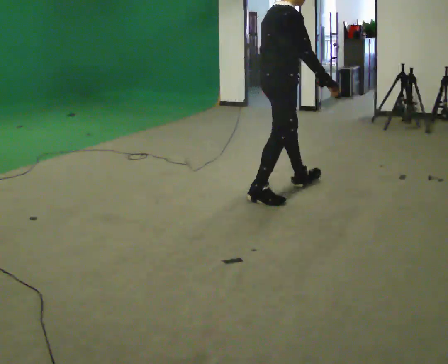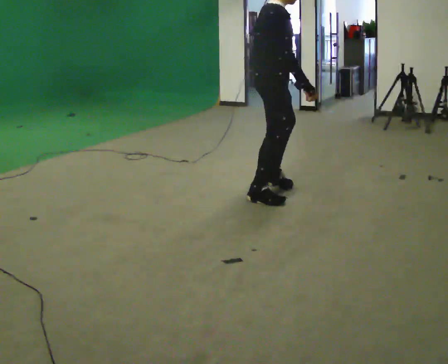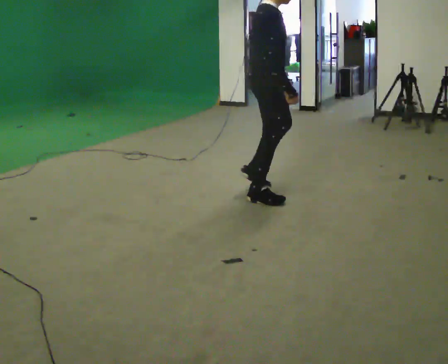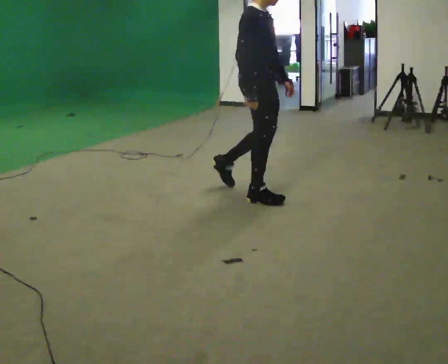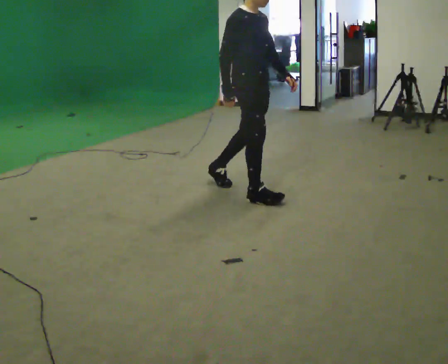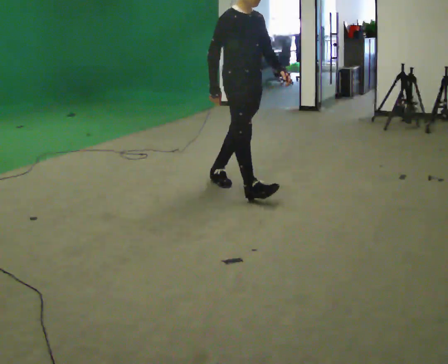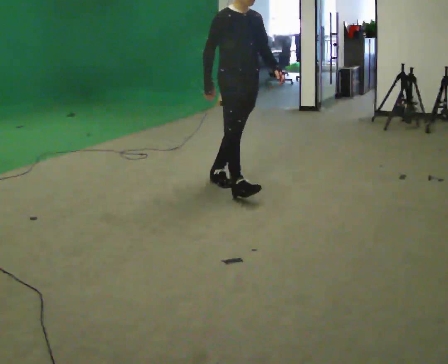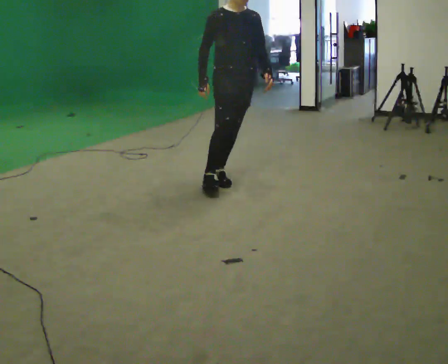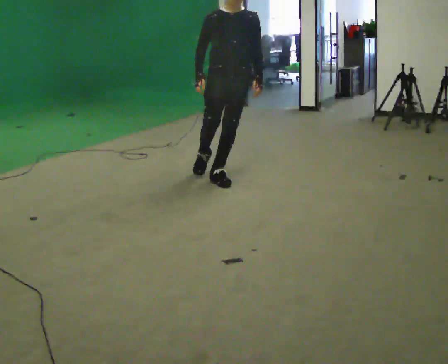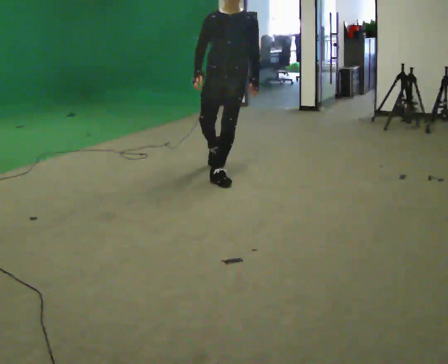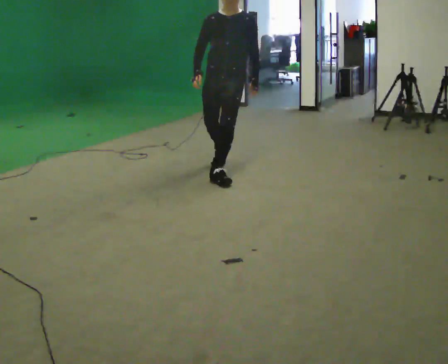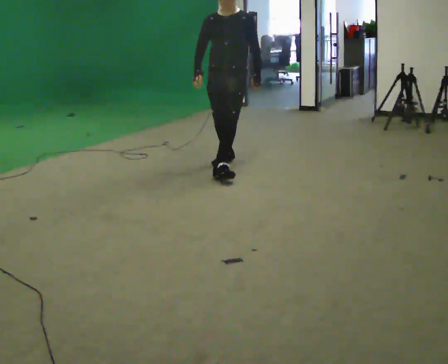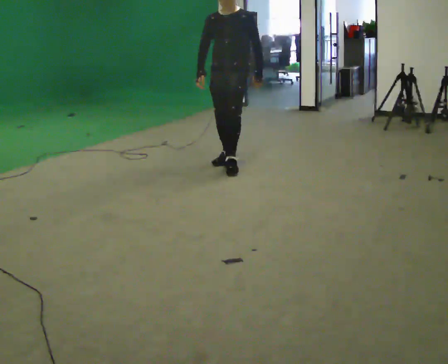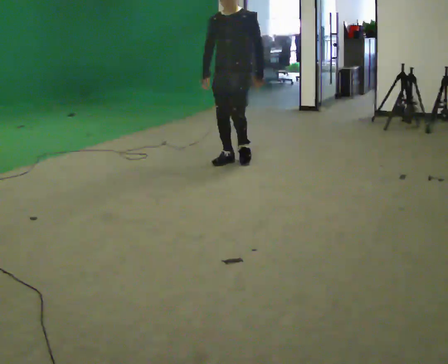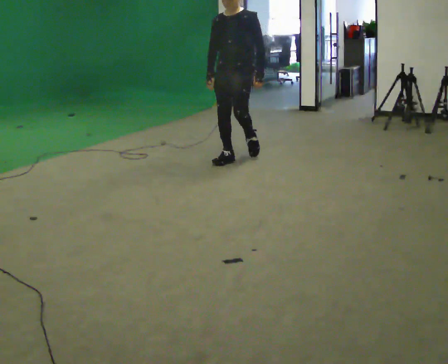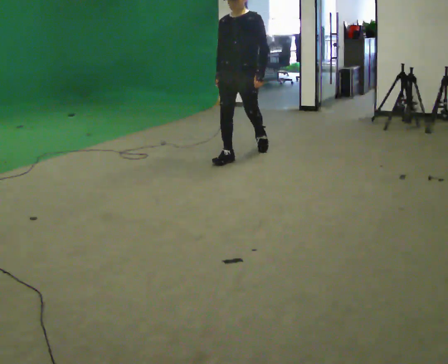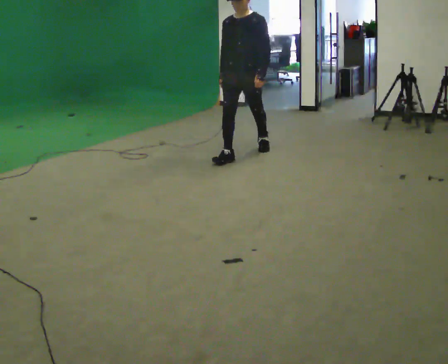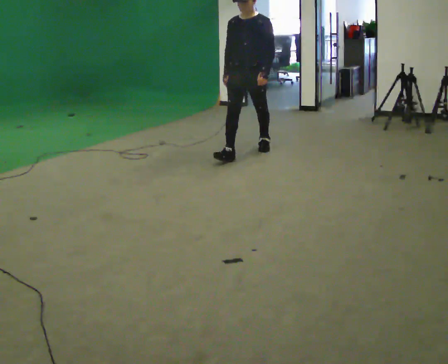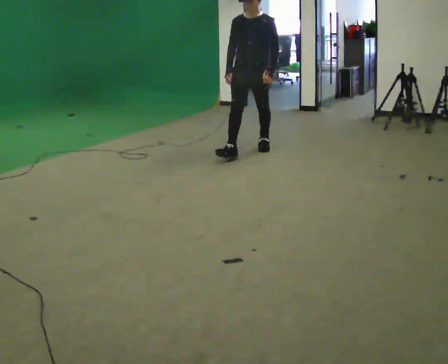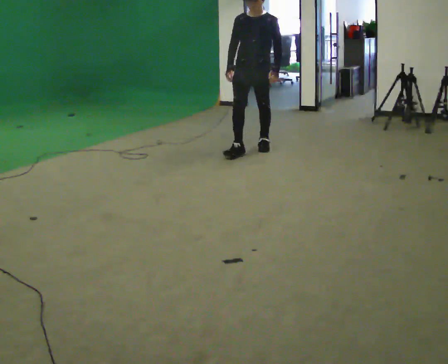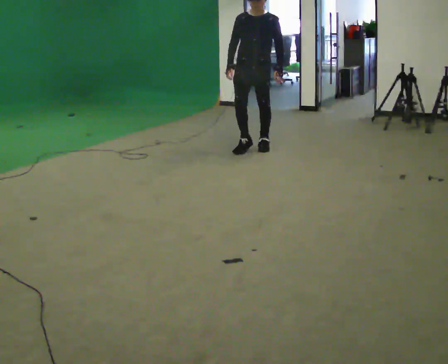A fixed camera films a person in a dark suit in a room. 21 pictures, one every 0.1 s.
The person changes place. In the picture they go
away from the camera.
The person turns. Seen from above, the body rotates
clockwise.
0.0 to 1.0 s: The part of the body nearest the lens slides to the left as the person turns to their right by about 120 degrees. In the picture they go away from the camera and to the left, about 0.5 m in 1 step.
1.0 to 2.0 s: In the picture they go away from the camera, about 1 m in 2 steps, which for them is backward.
The film runs backward here.
